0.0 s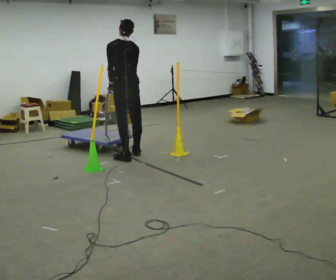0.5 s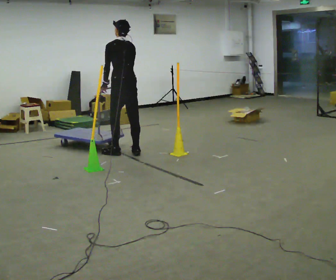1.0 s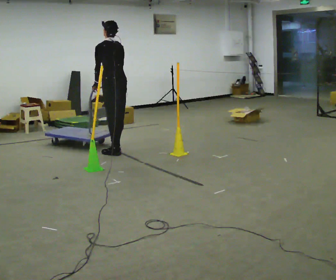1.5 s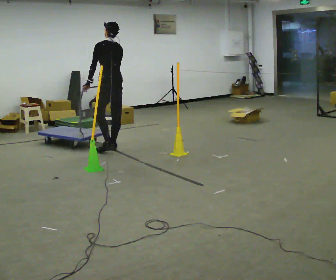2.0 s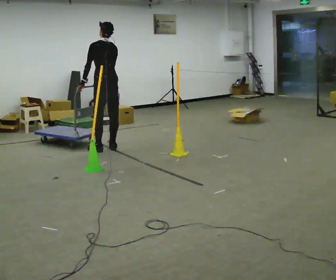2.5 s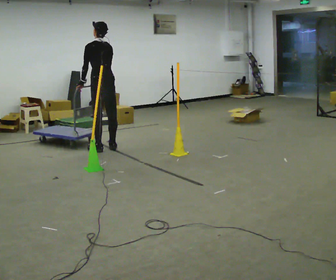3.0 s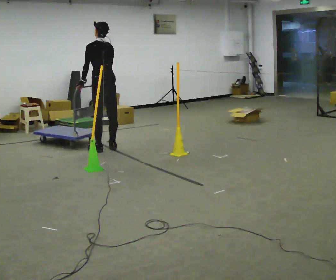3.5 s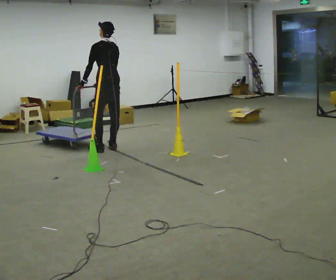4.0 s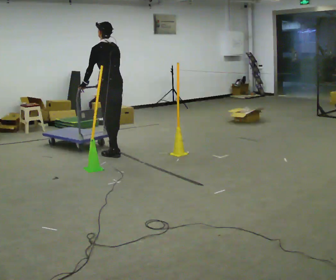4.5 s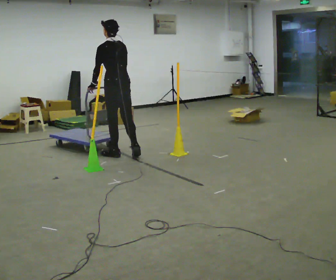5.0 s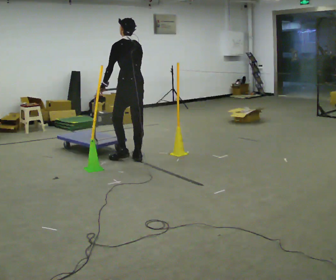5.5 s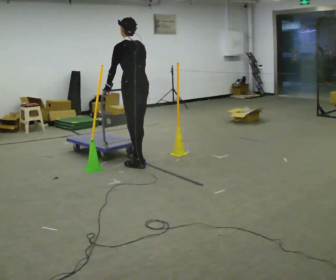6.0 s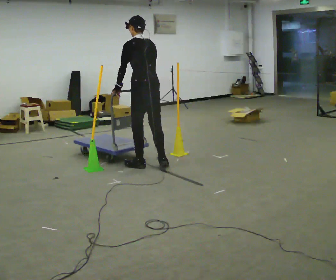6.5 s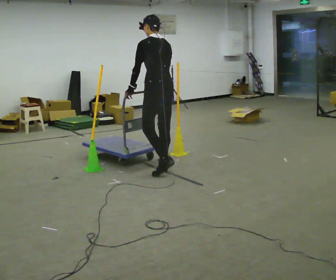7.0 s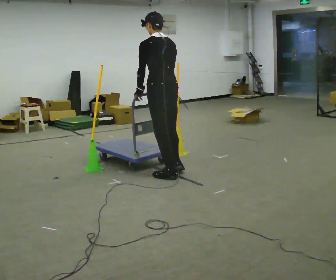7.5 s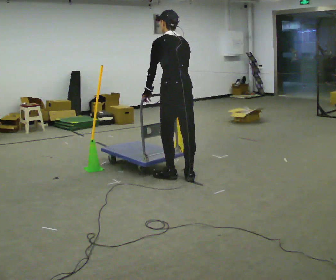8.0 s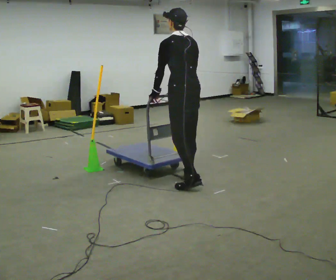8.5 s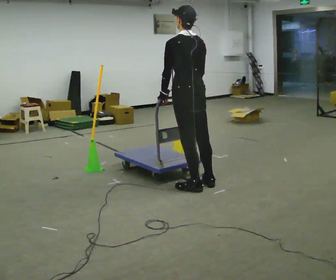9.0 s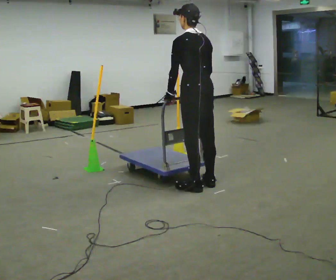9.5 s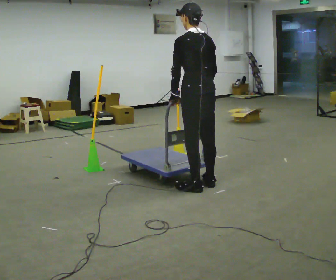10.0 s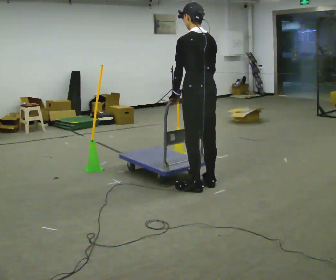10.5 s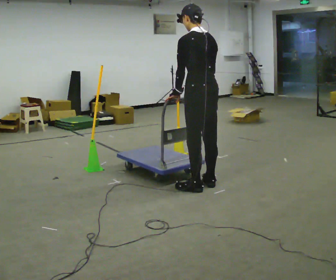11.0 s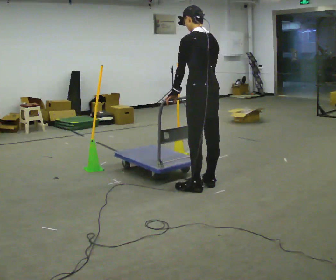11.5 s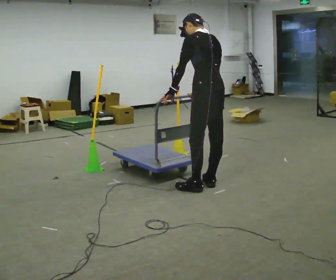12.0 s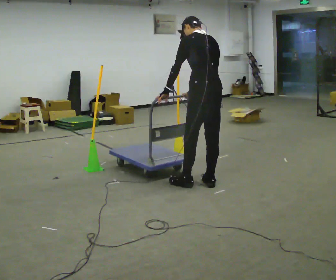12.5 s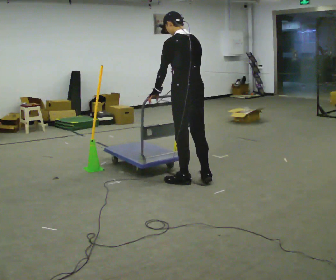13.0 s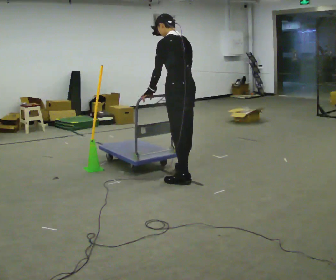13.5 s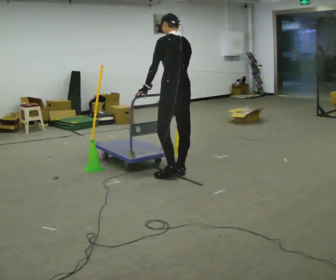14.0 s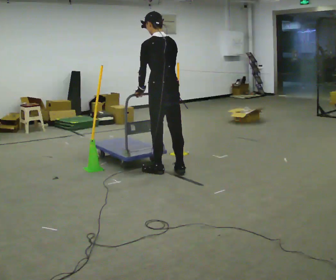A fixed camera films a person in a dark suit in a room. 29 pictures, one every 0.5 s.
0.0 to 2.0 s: In the picture they go away from the camera and to the left, about 0.5 m in 3 steps, which for them is forward.
2.0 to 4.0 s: In the picture they go toward the camera, about 0.25 m in 1 step, which for them is backward.
4.0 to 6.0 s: In the picture they go toward the camera and to the right, about 1 m in 3 steps, which for them is backward.
6.0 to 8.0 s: In the picture they go toward the camera and to the right, about 0.5 m in 3 steps, which for them is backward.
8.0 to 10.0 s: In the picture they go toward the camera, about 0.25 m in 1 step, which for them is backward.
10.0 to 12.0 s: The upper body tips away from the camera, its near side rolling upward, as they bend forward.
12.0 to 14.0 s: In the picture they go away from the camera and to the left, about 0.5 m in 2 steps, which for them is forward.
The film runs backward here.
